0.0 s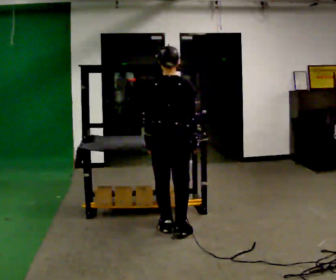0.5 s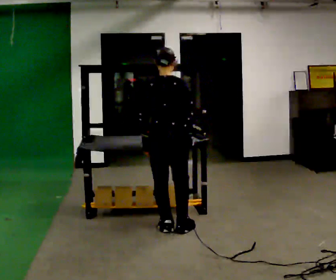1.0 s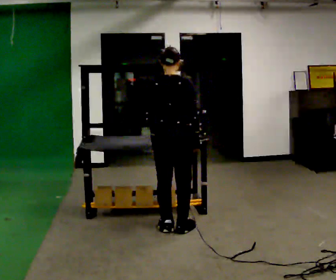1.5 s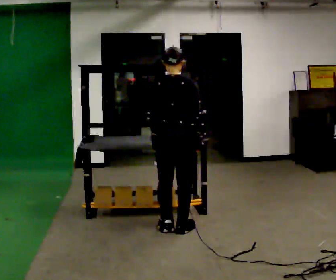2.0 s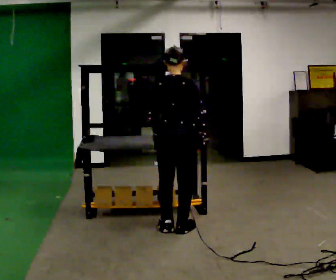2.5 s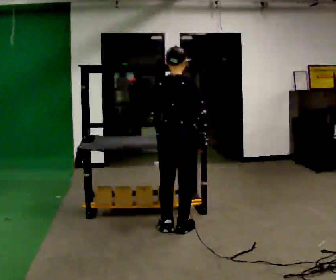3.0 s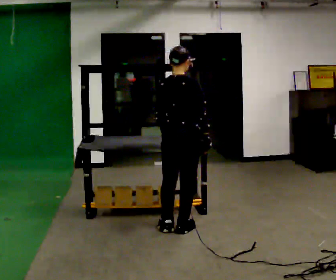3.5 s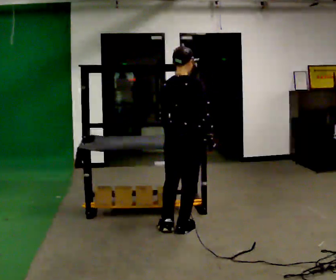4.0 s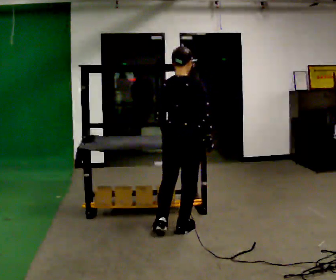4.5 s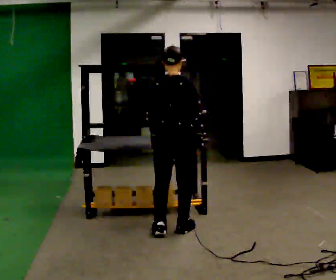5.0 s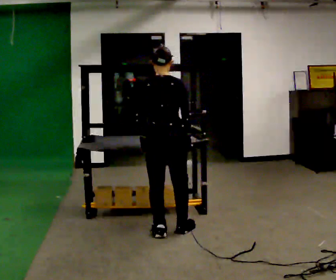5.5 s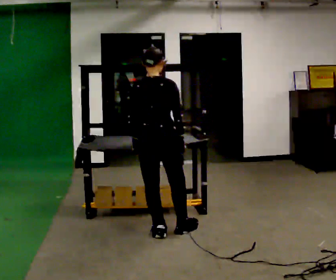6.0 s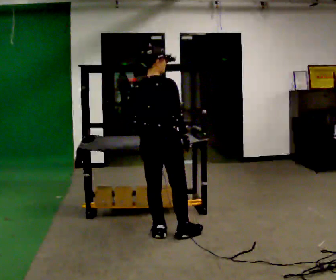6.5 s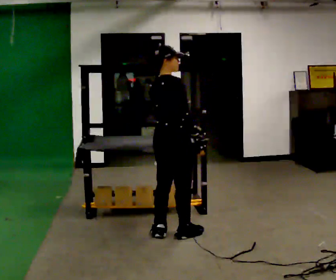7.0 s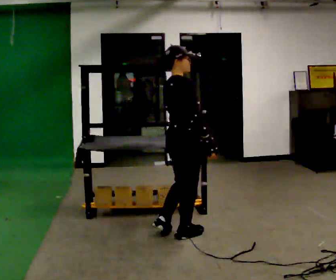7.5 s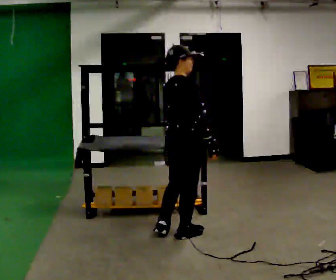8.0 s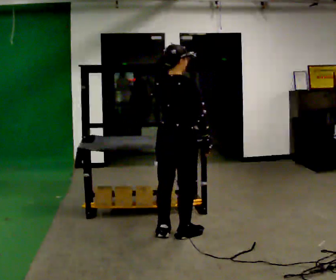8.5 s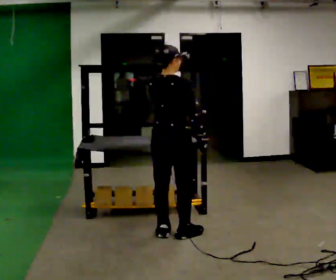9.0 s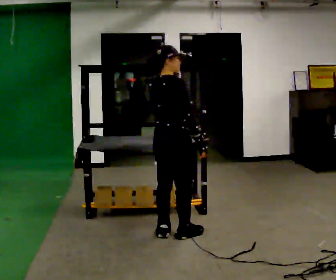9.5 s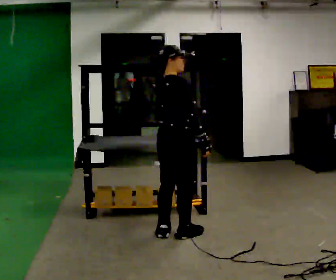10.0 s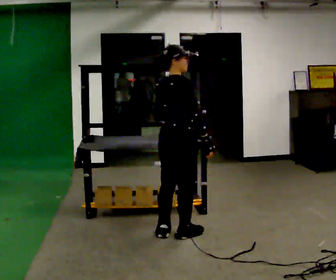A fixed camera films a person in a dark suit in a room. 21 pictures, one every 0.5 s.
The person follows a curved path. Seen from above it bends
counterclockwise.
0.0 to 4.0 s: The person moves a little, or ends about where they began.
4.0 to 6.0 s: In the picture they go to the left, about 0.25 m, which for them is to their left and backward.
6.0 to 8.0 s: In the picture their left hand goes upward.
8.0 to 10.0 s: In the picture their left hand goes downward.
The film runs forward here.
